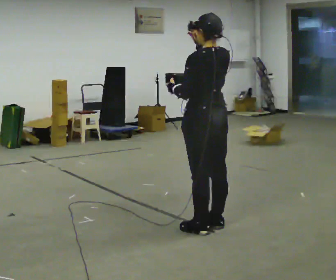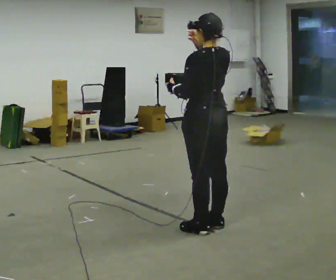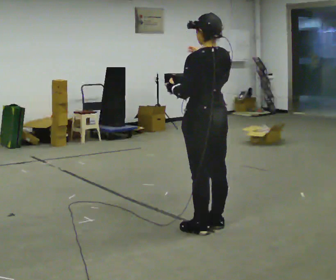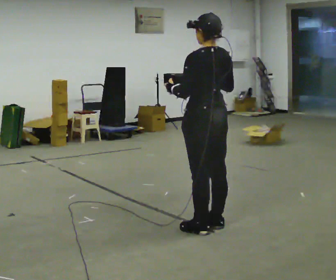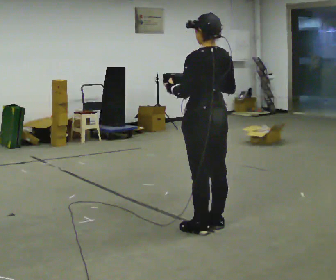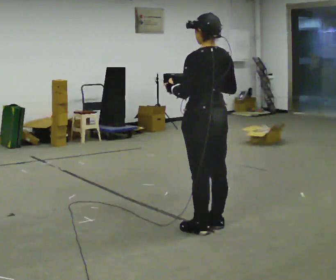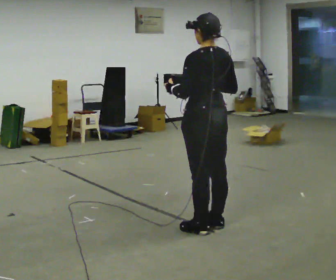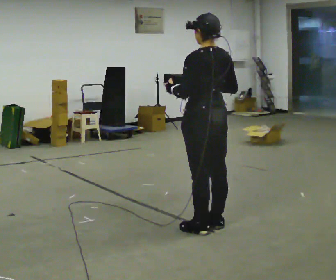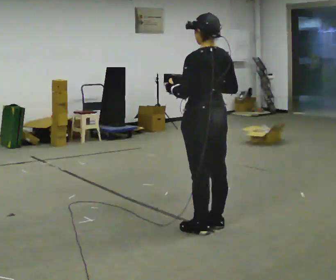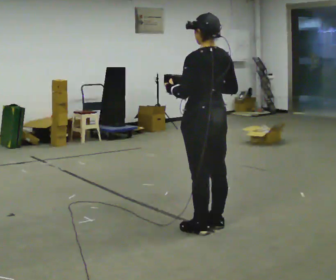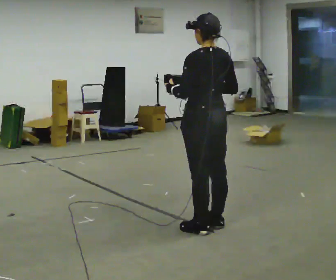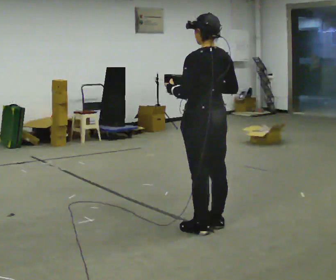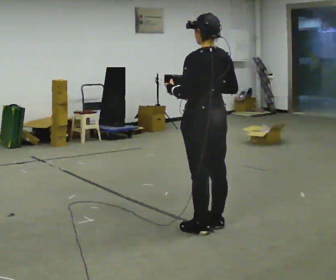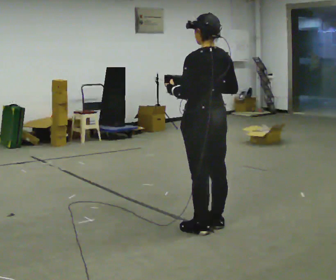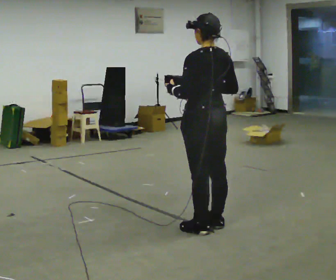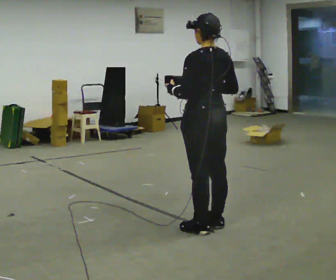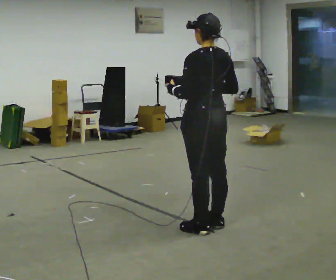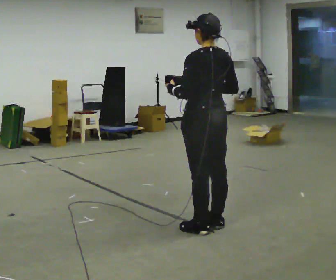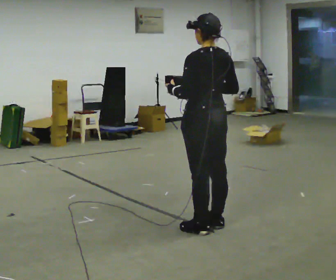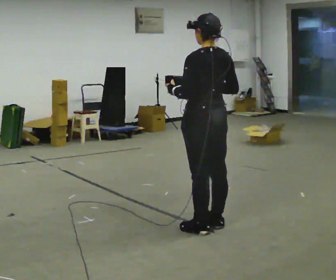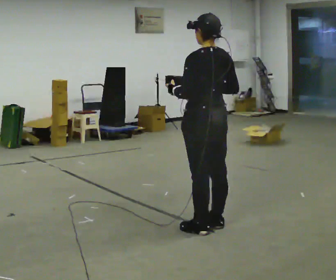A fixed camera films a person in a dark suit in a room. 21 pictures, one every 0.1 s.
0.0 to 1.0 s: In the picture their right hand goes downward.
1.0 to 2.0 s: The person keeps their place and pose.
The film runs forward here.
